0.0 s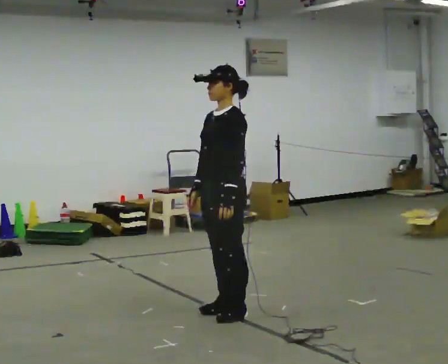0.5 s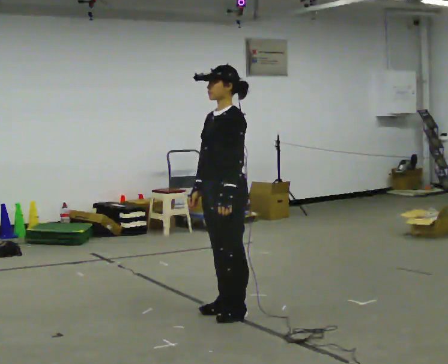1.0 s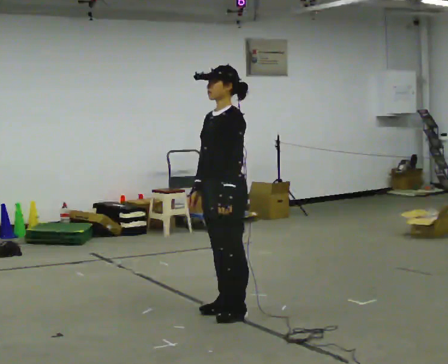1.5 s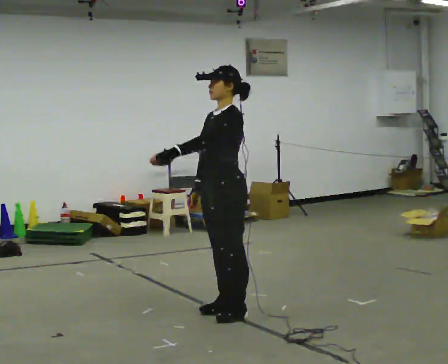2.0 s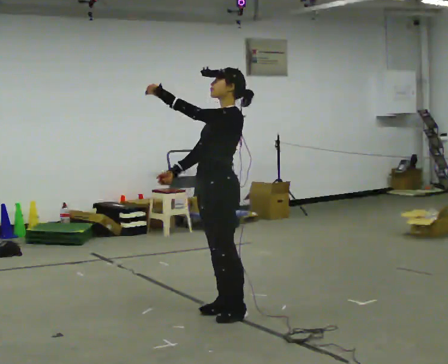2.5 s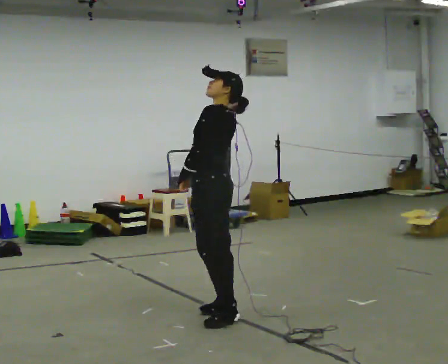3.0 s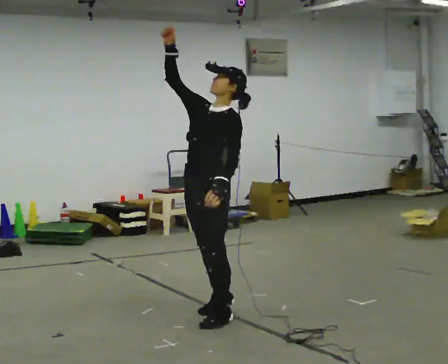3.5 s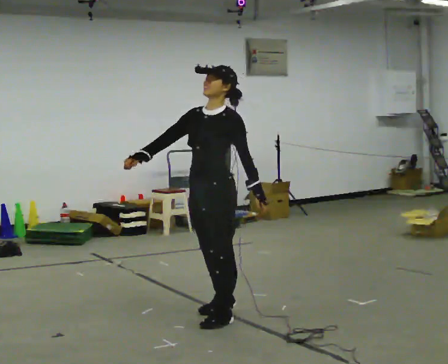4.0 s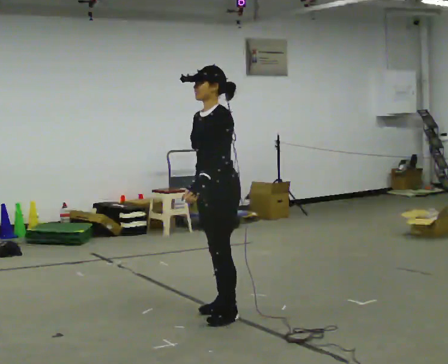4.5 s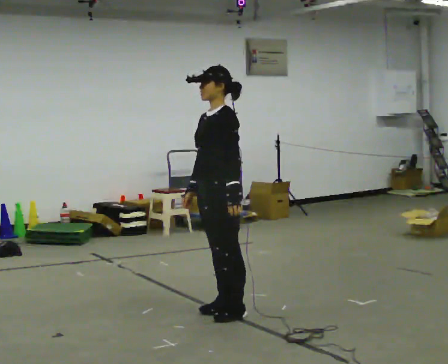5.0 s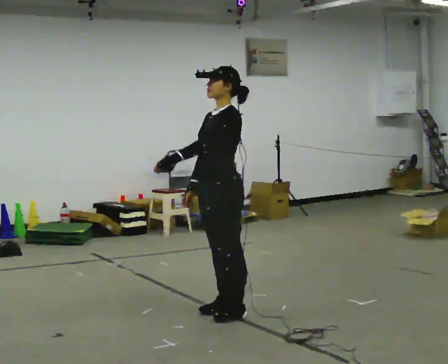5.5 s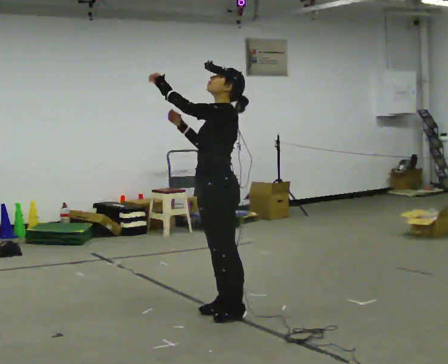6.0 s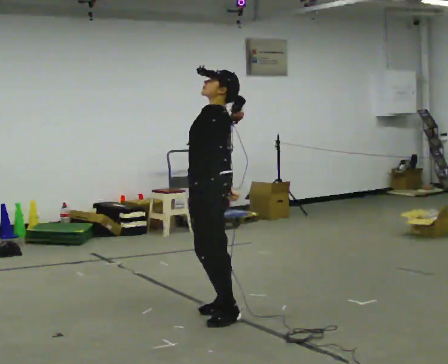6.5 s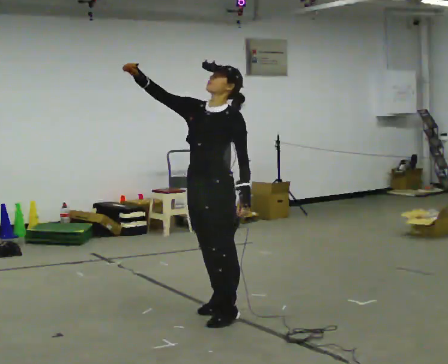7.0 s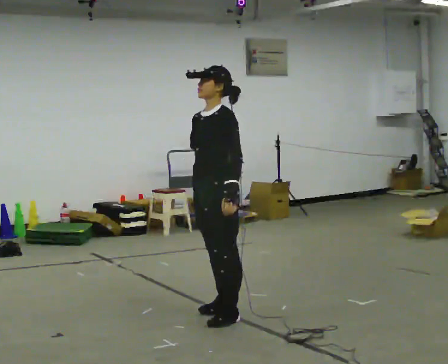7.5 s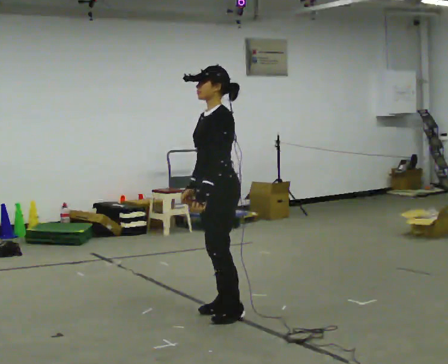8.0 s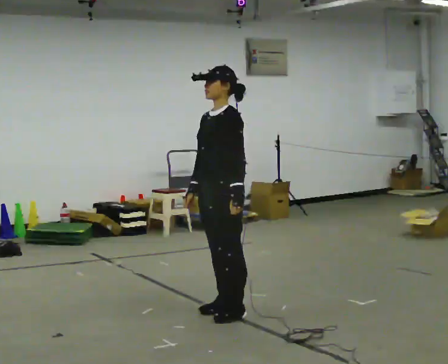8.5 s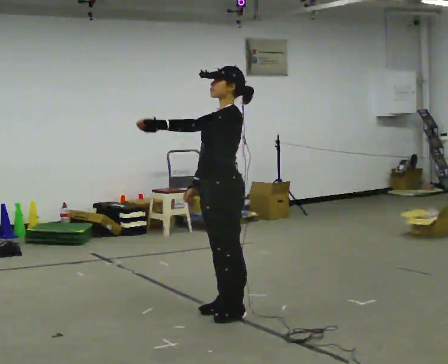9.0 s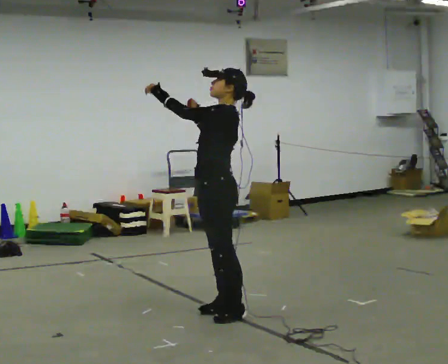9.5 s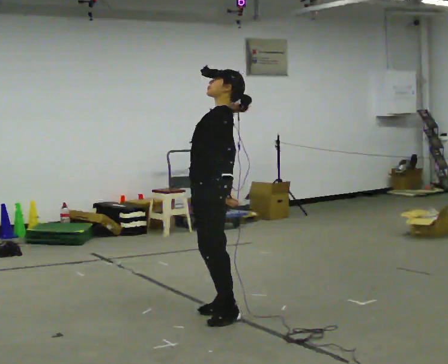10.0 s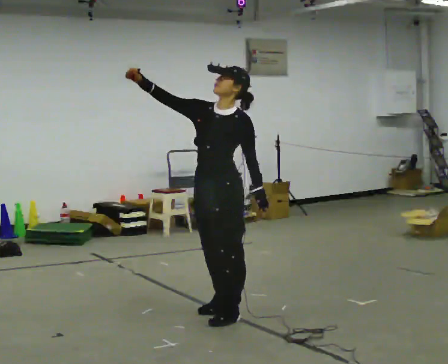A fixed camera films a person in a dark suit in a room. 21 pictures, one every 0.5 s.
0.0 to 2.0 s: In the picture their left hand goes upward and to the left.
2.0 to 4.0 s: In the picture their left hand goes downward.
4.0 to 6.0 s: Seen from above the body turns clockwise, about 30 degrees: to their right, with its near side sliding to the left. In the picture their right hand goes upward.
6.0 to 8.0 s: The person turns about 30 degrees to their left, counterclockwise seen from above, so the part of the body nearest the lens slides to the right. In the picture their right hand goes downward.
8.0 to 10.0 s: In the picture their right hand goes upward.
The film runs forward here.
